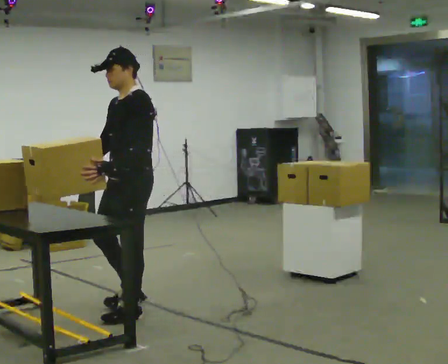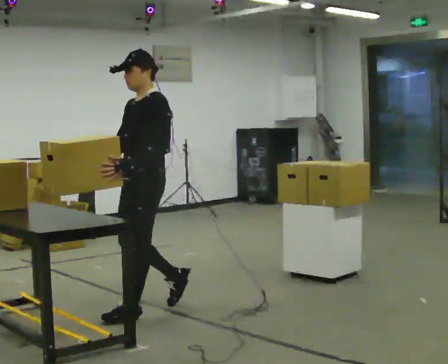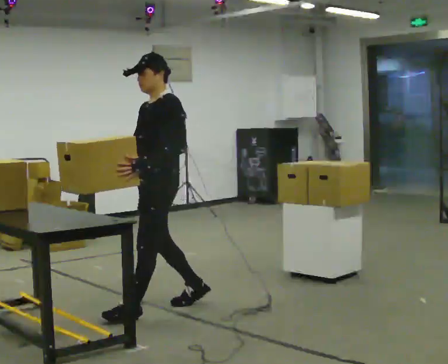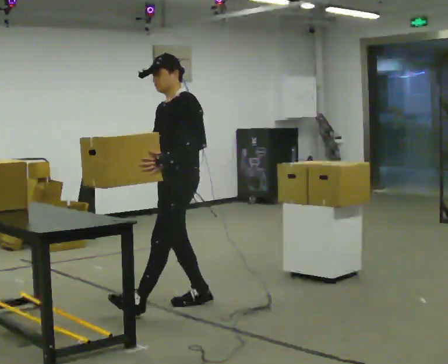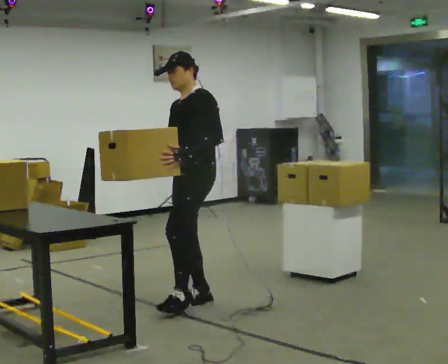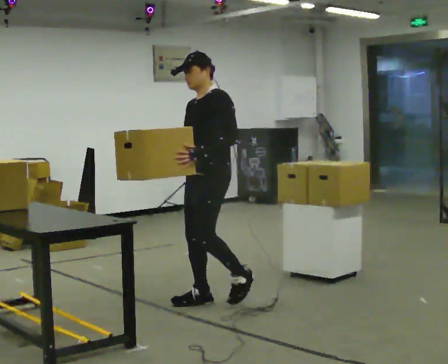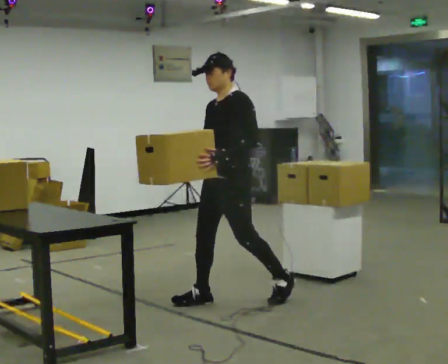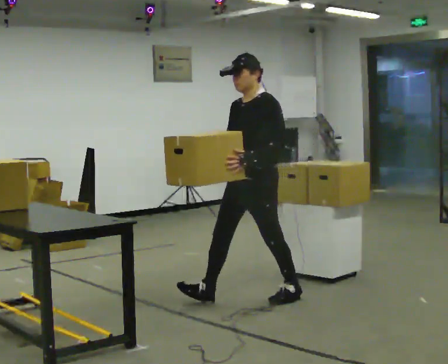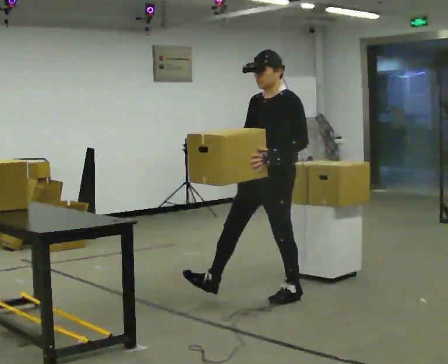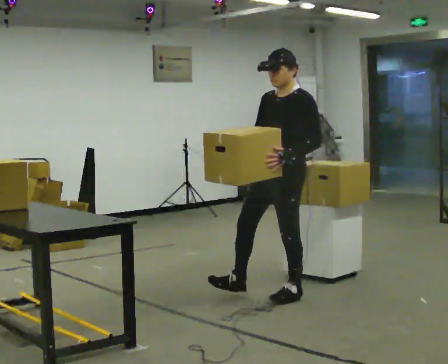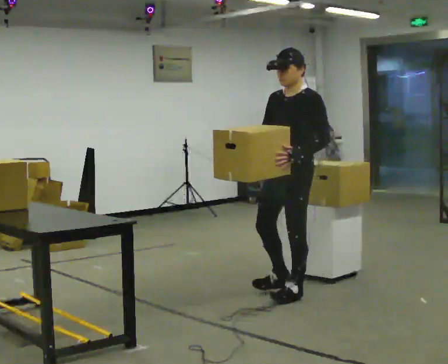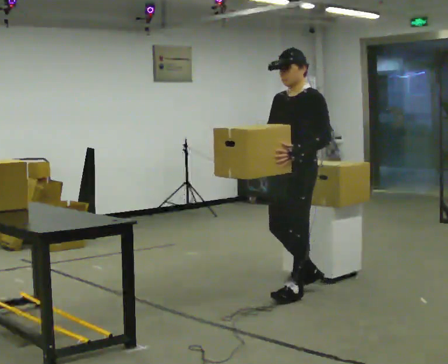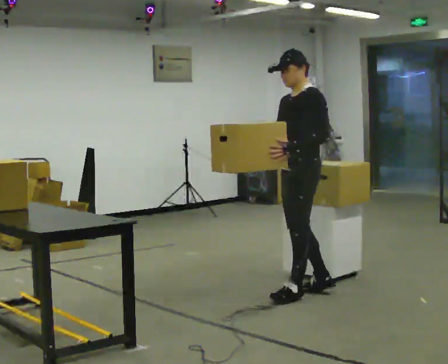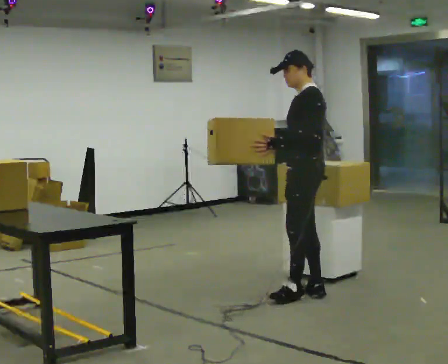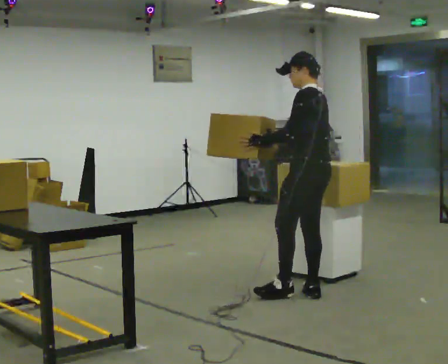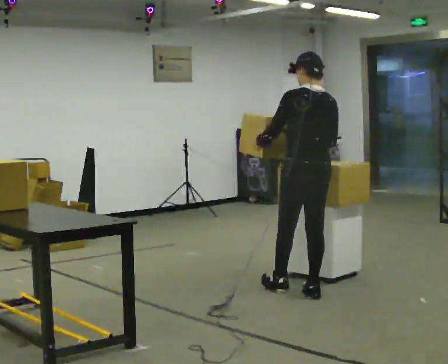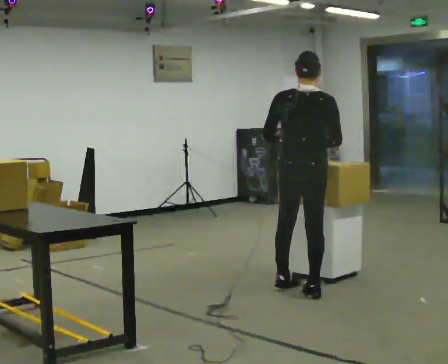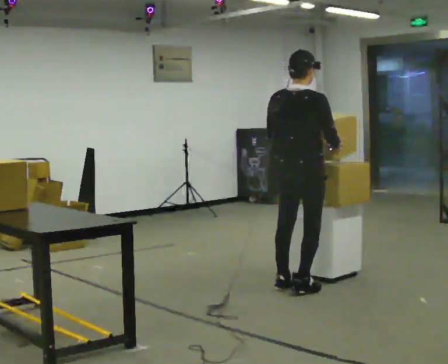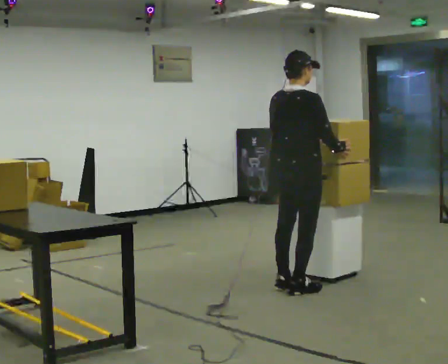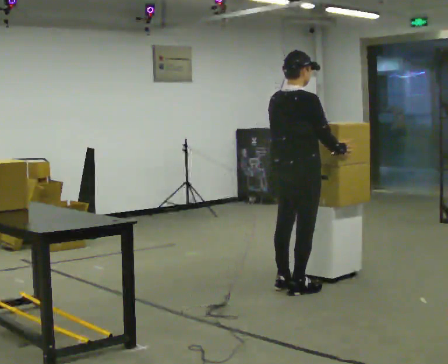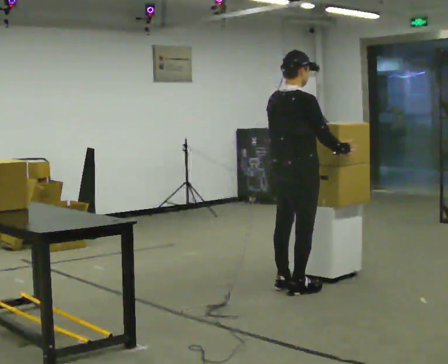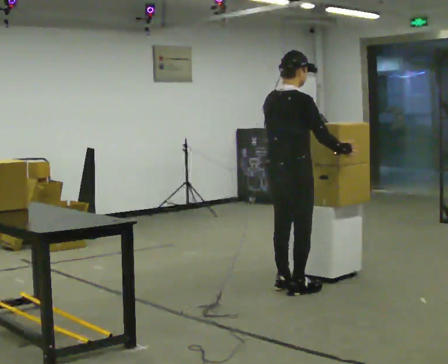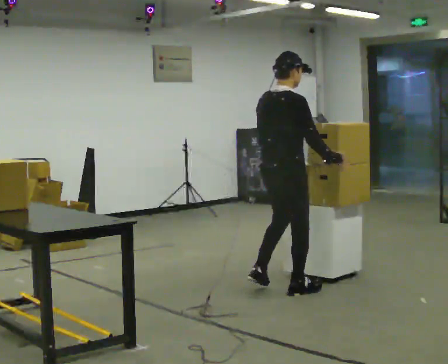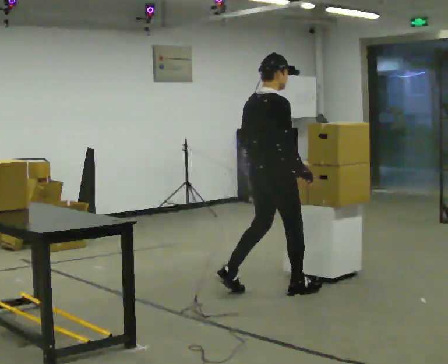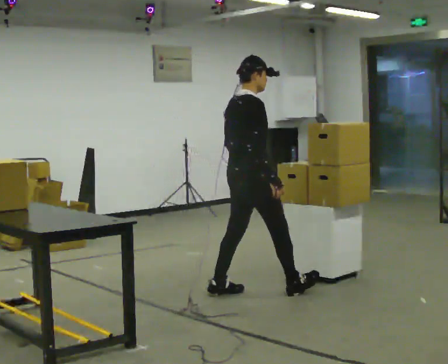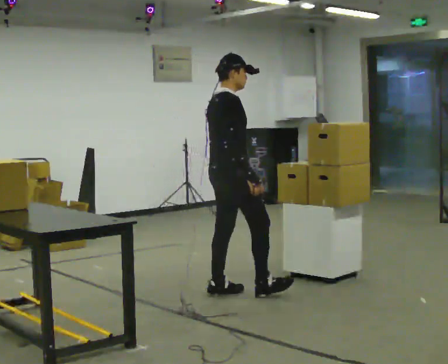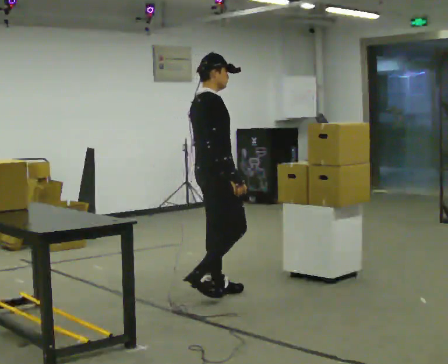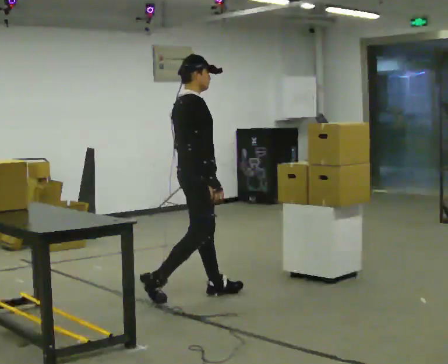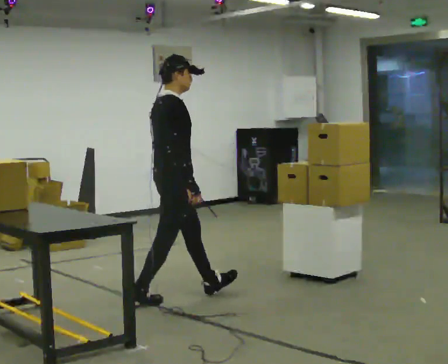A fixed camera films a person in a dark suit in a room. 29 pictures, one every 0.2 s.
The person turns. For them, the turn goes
to their right.
The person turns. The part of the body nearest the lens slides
to the left.
0.0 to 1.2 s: In the picture they go to the right and away from the camera, about 0.5 m in 1 step, which for them is backward.
1.2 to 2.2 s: In the picture they go to the right, about 0.5 m in 1 step, which for them is backward.
2.2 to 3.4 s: Seen from above the body turns clockwise, about 150 degrees: to their right, with its near side sliding to the left. In the picture they go away from the camera, about 0.25 m in 2 steps.
3.4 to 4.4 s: The person moves a little, or ends about where they began.
4.4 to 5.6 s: In the picture they go to the left, about 1 m in 1 step, which for them is backward.
The film runs backward here.
